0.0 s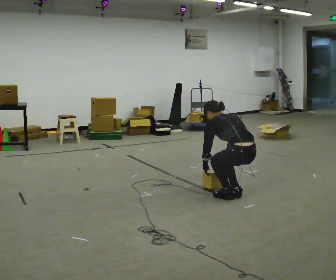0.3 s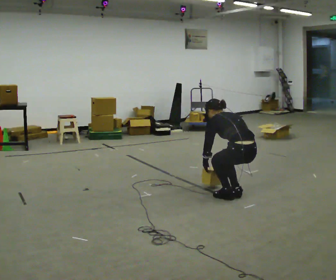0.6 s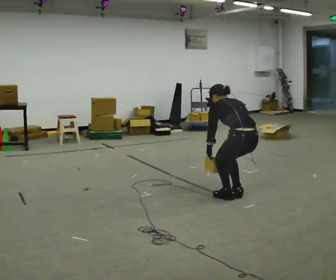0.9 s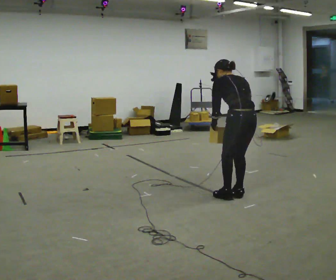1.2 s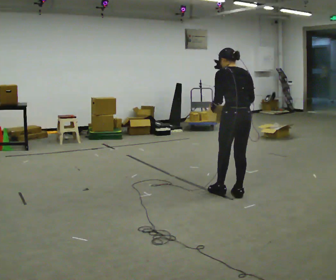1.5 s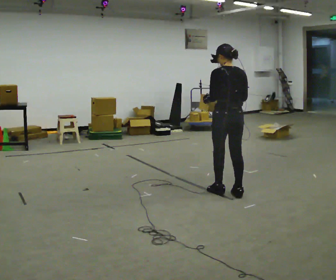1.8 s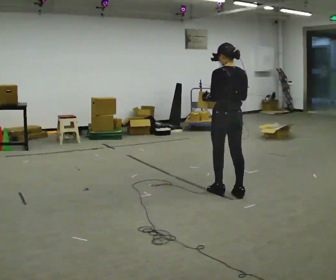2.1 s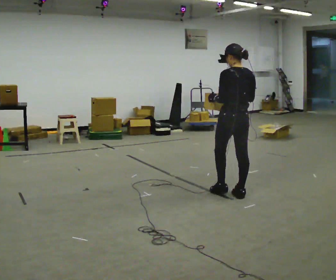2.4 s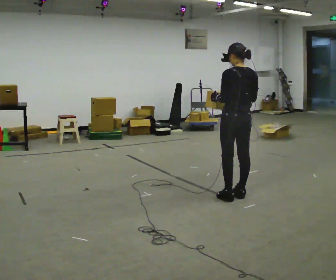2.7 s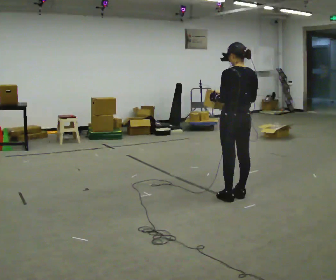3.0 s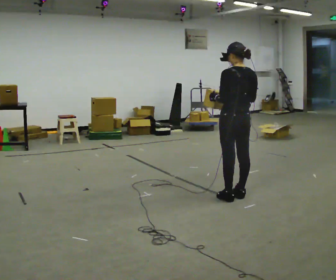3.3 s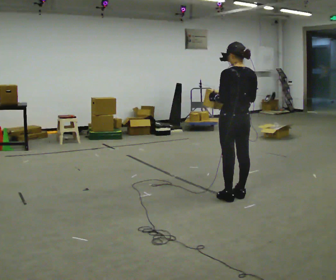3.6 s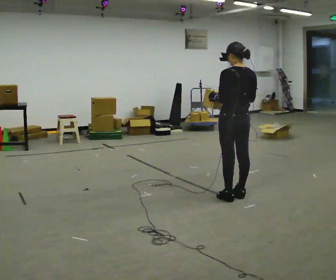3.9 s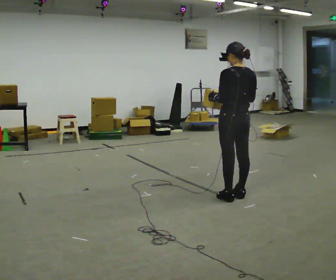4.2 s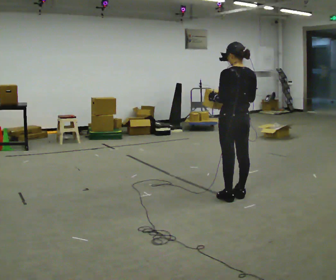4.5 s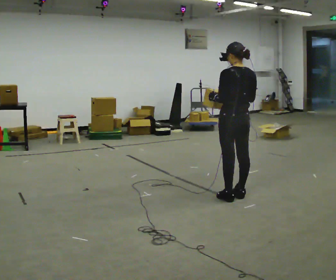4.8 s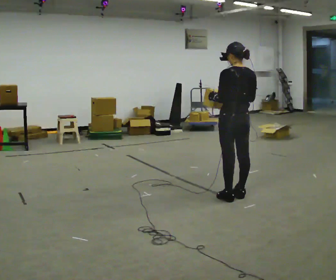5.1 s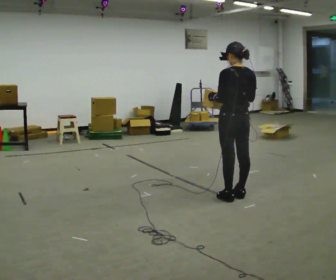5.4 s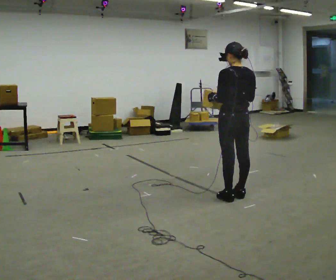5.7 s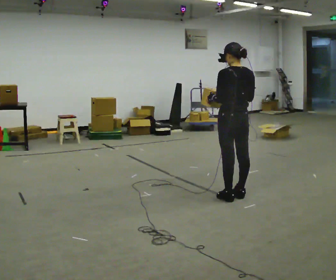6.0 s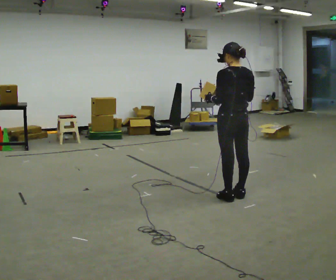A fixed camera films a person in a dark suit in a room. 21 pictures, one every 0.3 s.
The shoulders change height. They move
upward.
Their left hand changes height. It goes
upward.
0.0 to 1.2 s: The shoulders move upward. In the picture the upper body tilts clockwise, shoulders to the right, as they lean back or straighten. In the picture their left hand goes upward.
1.2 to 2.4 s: The upper body tips toward the camera, its near side rolling downward, as they lean back or straighten.
2.4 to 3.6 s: The person moves a little, or ends about where they began.
3.6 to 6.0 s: The person keeps their place and pose.
The film runs backward here.
